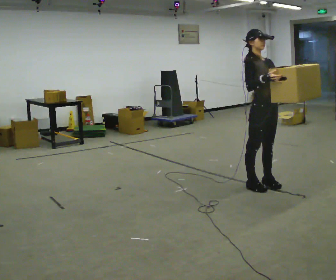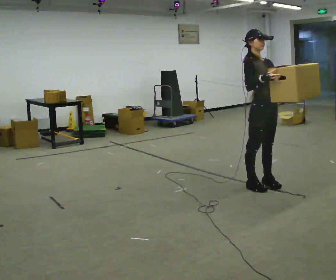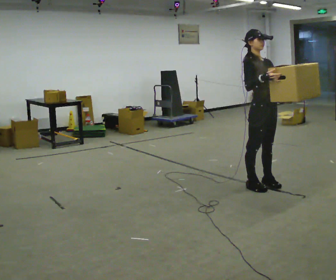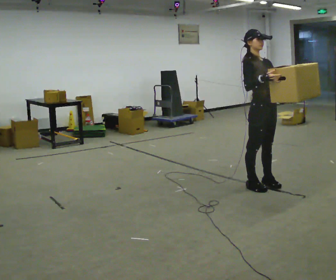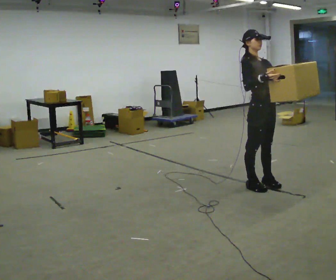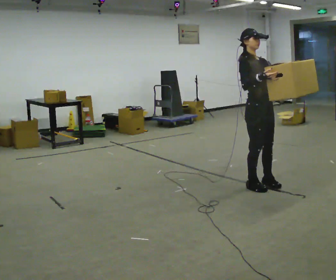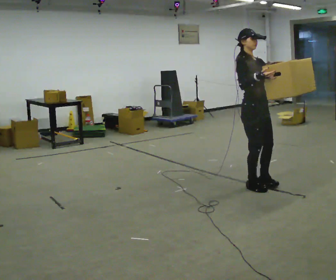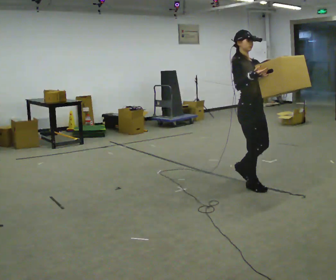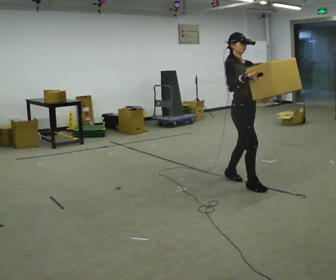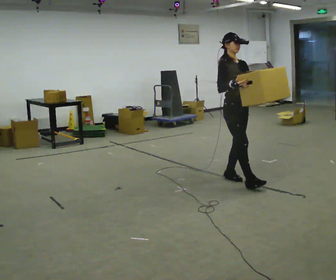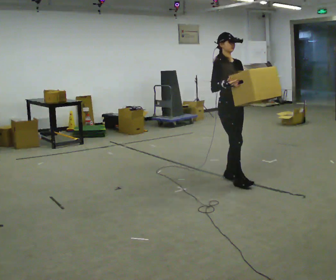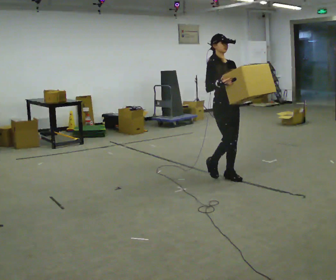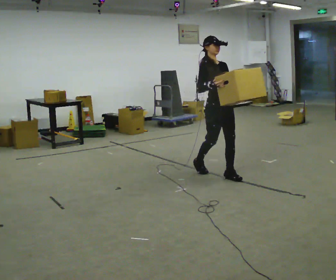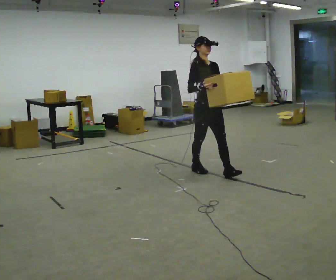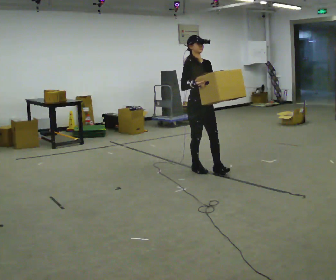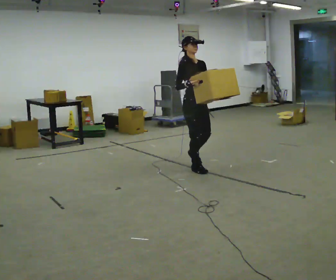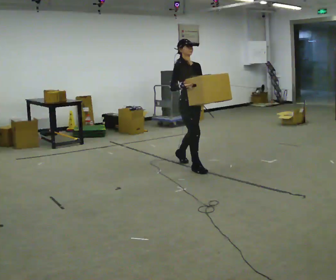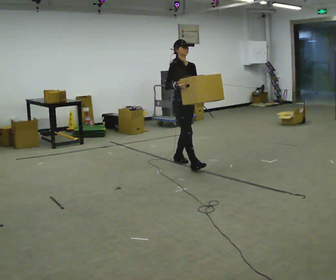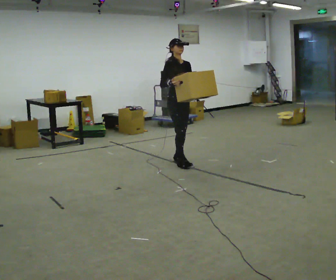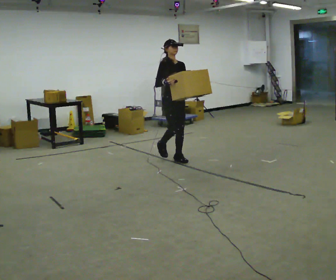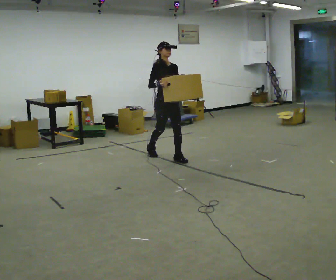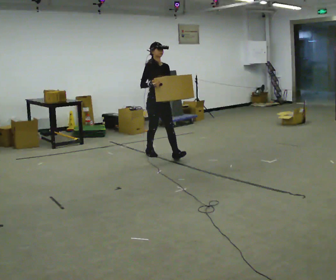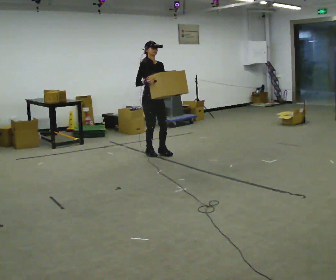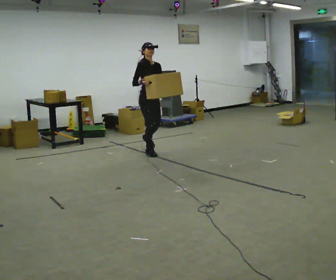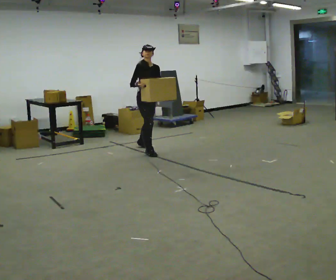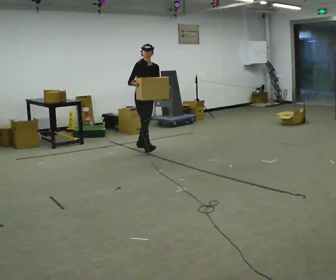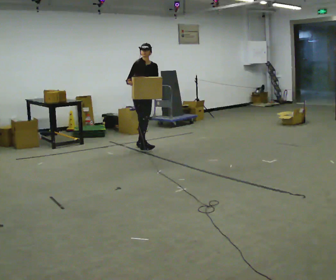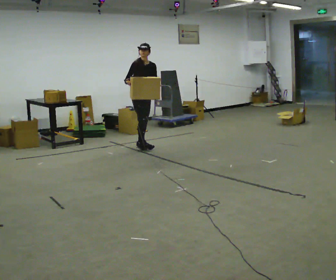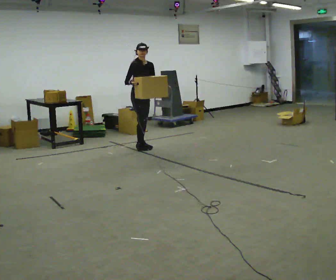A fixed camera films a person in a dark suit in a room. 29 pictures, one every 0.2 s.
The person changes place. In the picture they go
away from the camera.
0.0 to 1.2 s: The person moves a little, or ends about where they began.
1.2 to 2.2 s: In the picture they go away from the camera and to the left, about 0.5 m in 1 step, which for them is backward.
2.2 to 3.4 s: In the picture they go away from the camera and to the left, about 1 m in 2 steps, which for them is backward.
3.4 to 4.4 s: In the picture they go away from the camera and to the left, about 0.75 m in 1 step, which for them is backward.
4.4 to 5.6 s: In the picture they go away from the camera and to the left, about 0.5 m in 1 step, which for them is backward.
The film runs backward here.
